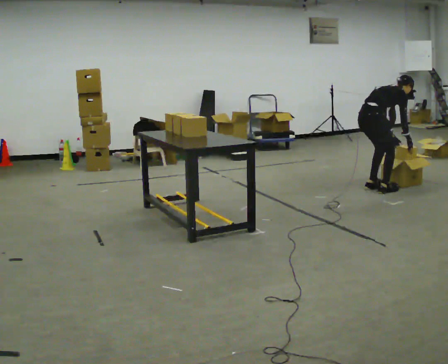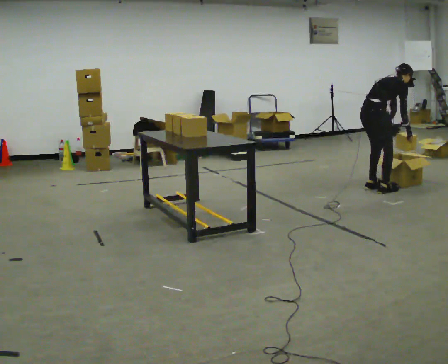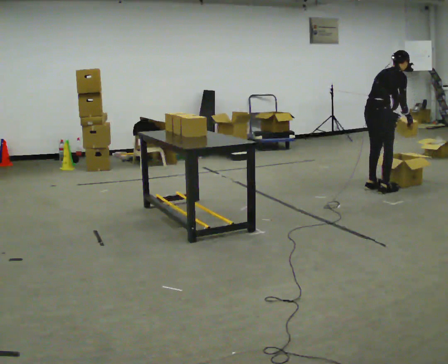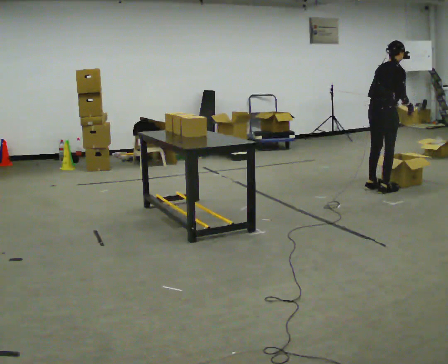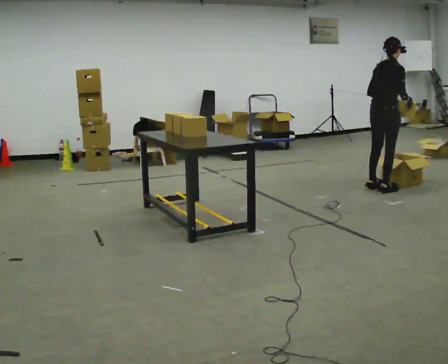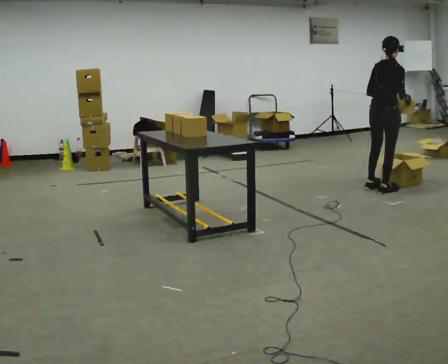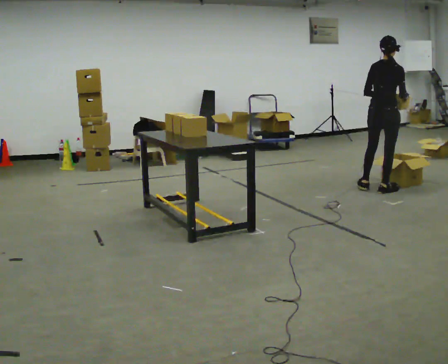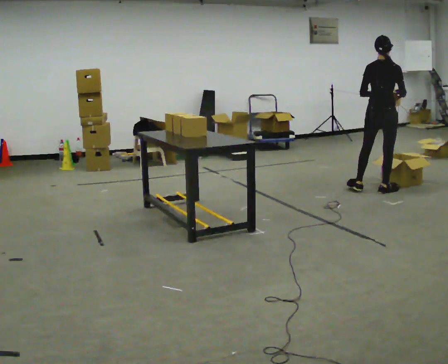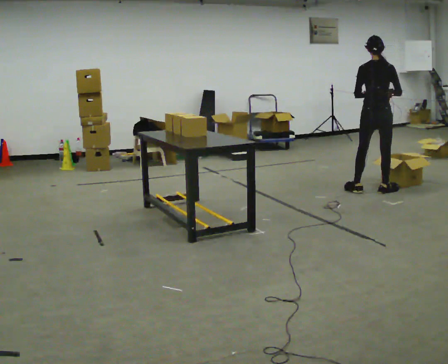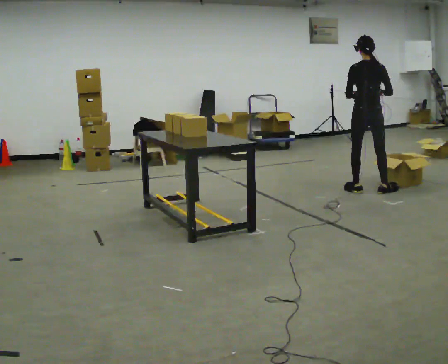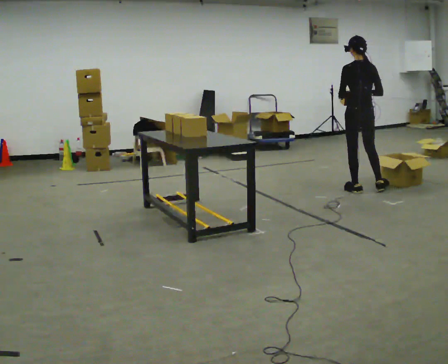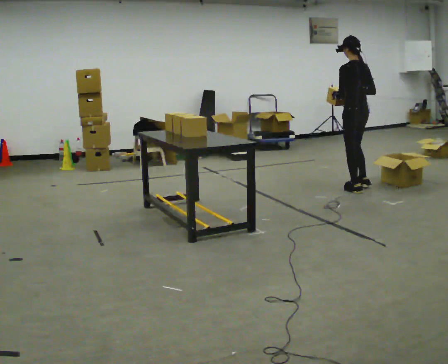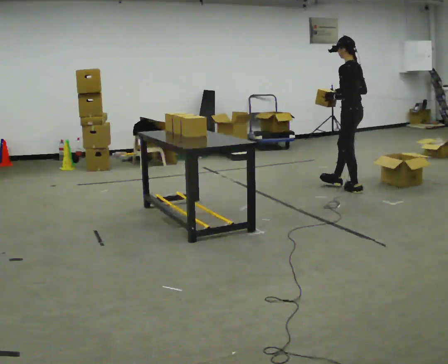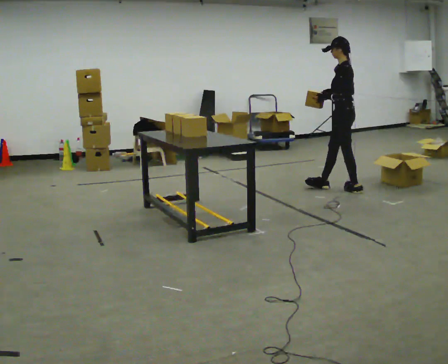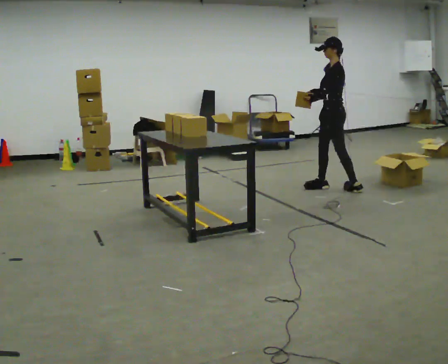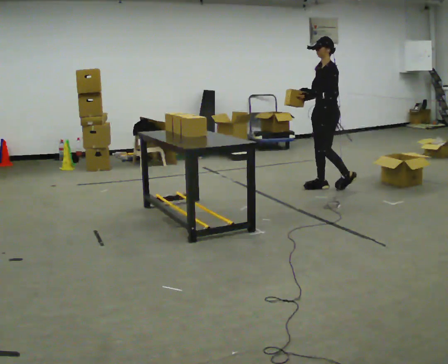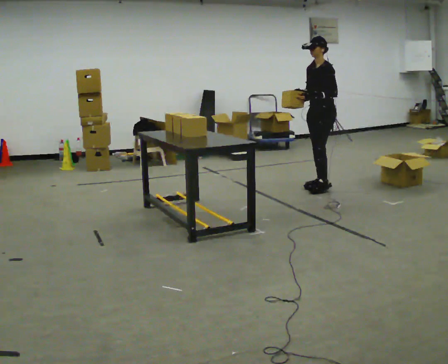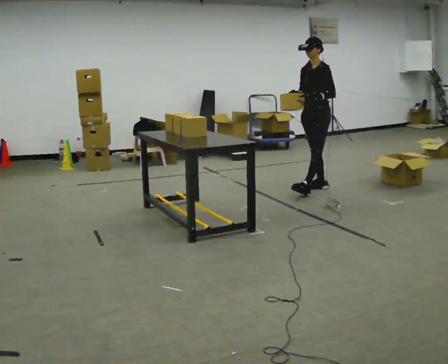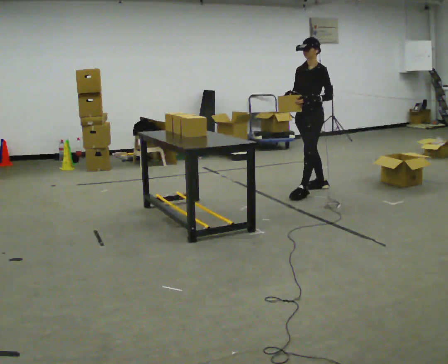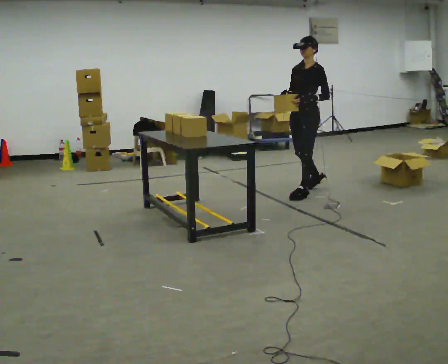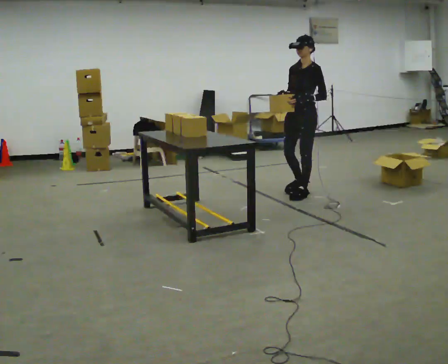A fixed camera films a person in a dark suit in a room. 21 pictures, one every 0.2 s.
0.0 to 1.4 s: The part of the body nearest the lens slides to the right as the person turns to their left by about 45 degrees. The upper body goes upward. In the picture the upper body tilts counterclockwise, shoulders to the left, as they lean back or straighten. In the picture their right hand goes upward.
1.4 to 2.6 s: The person turns about 105 degrees to their left, counterclockwise seen from above, so the part of the body nearest the lens slides to the right. In the picture they go to the left, about 0.25 m in 2 steps.
2.6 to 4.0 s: Seen from above the body turns counterclockwise, about 60 degrees: to their left, with its near side sliding to the right. In the picture they go to the left and toward the camera, about 0.5 m in 1 step, which for them is forward.
The film runs forward here.
